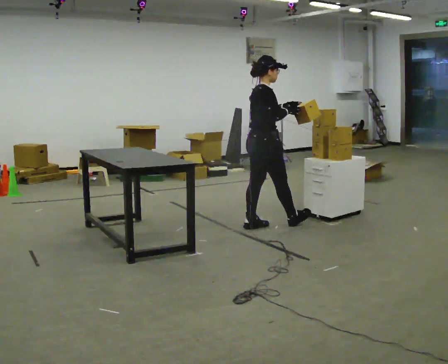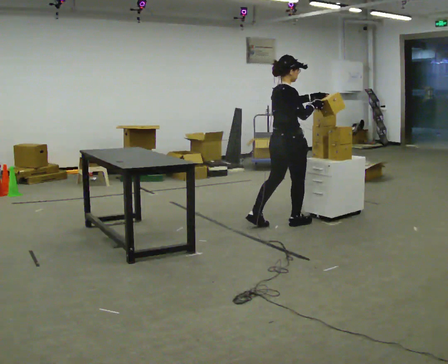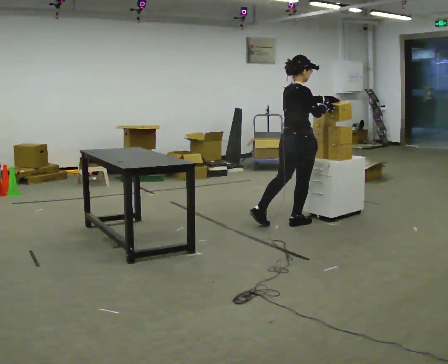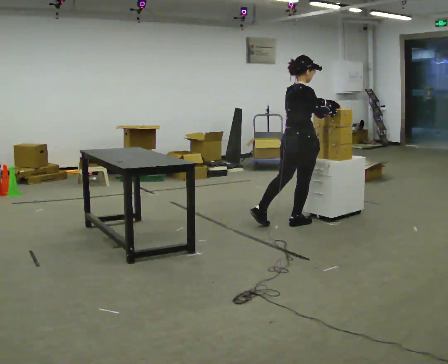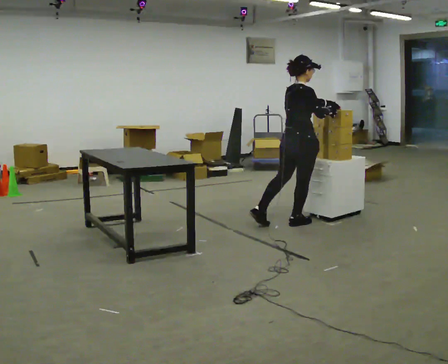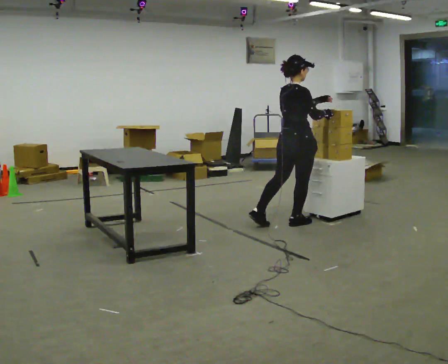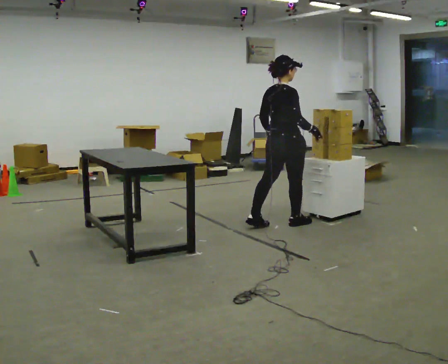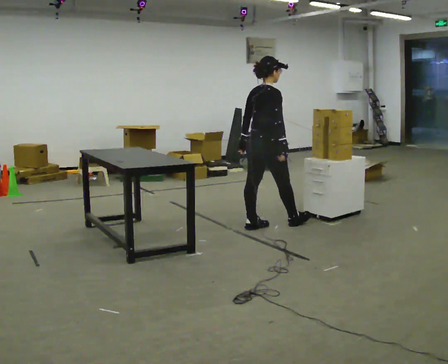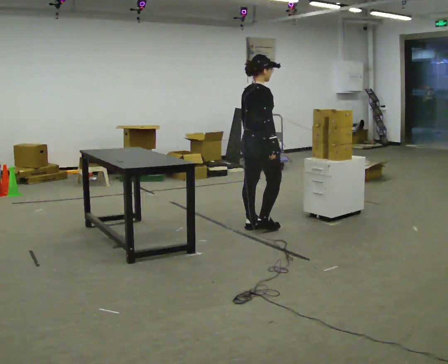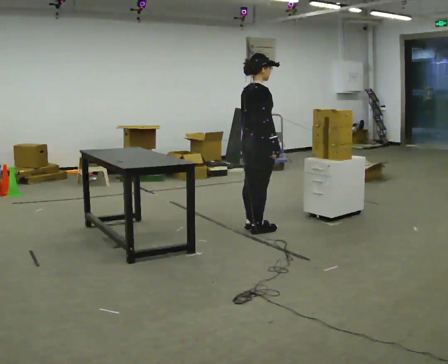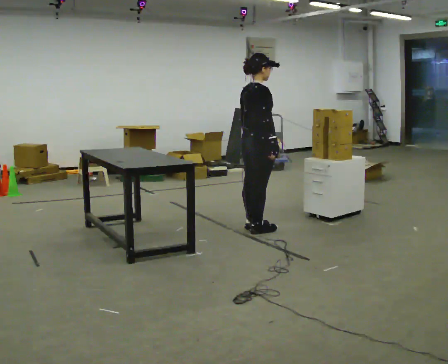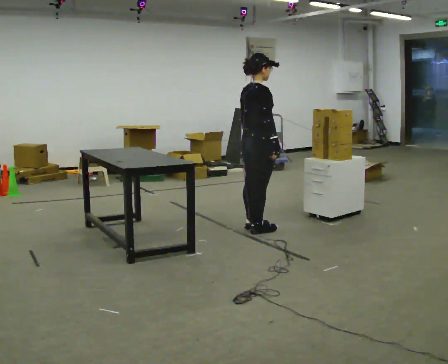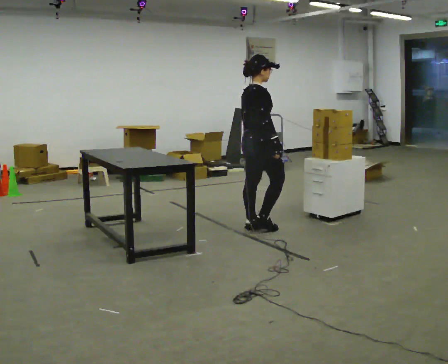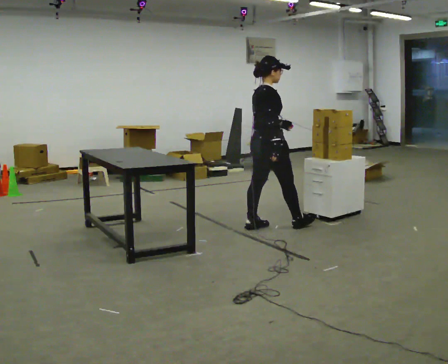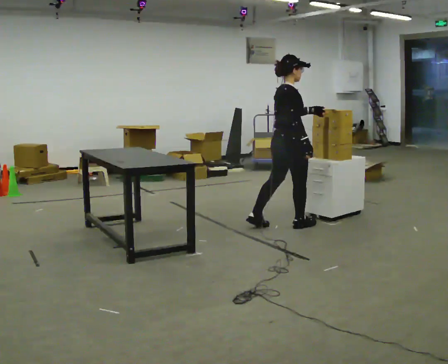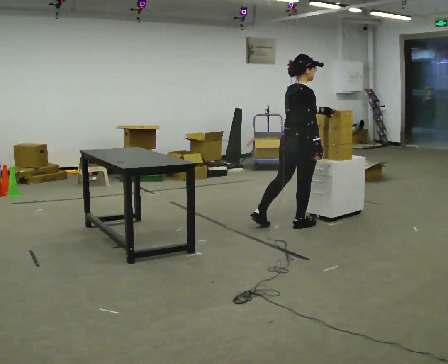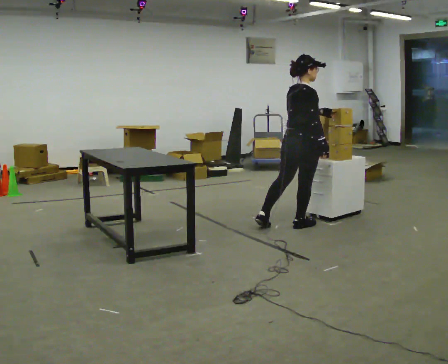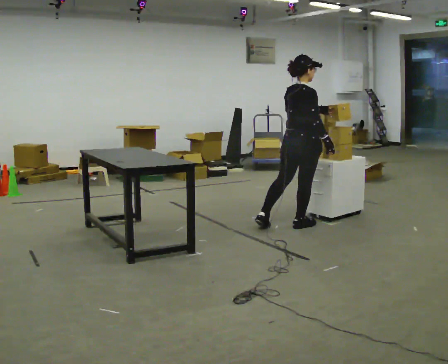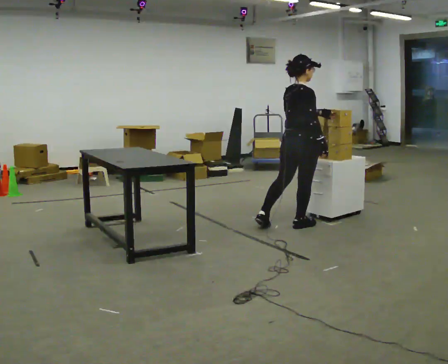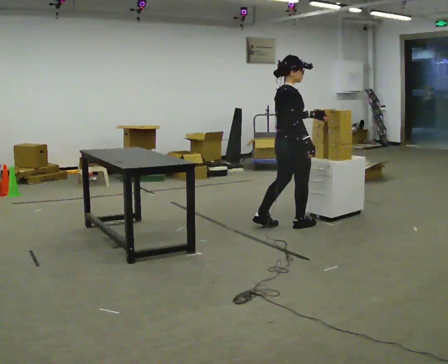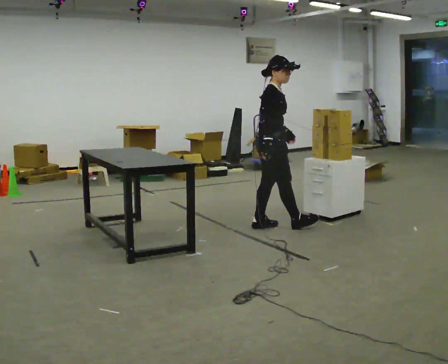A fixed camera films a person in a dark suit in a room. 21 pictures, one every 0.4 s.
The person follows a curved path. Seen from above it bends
clockwise.
0.0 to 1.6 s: In the picture they go to the right, about 0.25 m, which for them is forward and to their right.
1.6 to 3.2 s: In the picture they go to the left, about 0.5 m, which for them is backward and to their left. In the picture their left hand goes downward.
3.2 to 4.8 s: The person moves a little, or ends about where they began.
4.8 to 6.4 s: In the picture they go to the right, about 0.5 m in 1 step, which for them is forward and to their right.
6.4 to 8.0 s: The part of the body nearest the lens slides to the left as the person turns to their right by about 45 degrees. In the picture they go to the left, about 0.25 m, which for them is to their left and backward.
The film runs forward here.
